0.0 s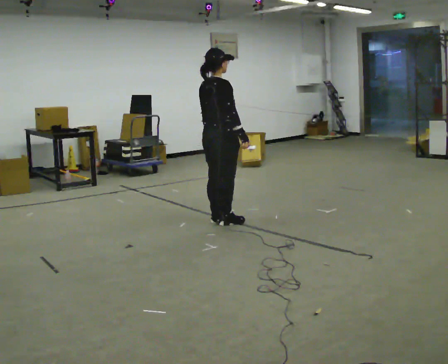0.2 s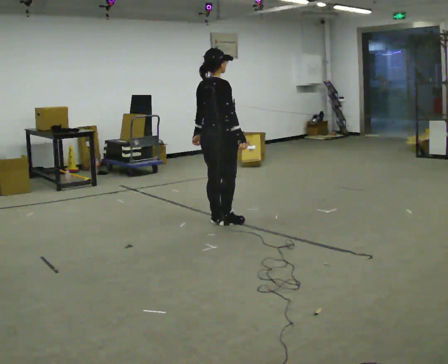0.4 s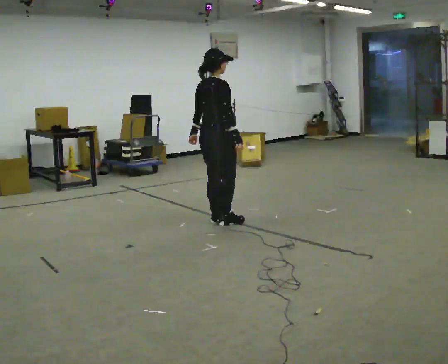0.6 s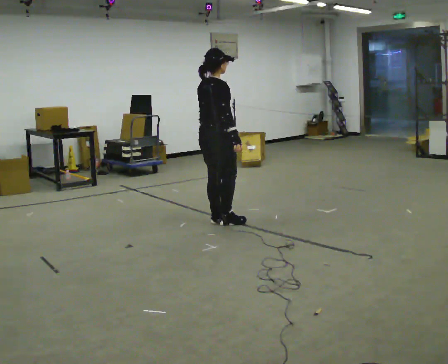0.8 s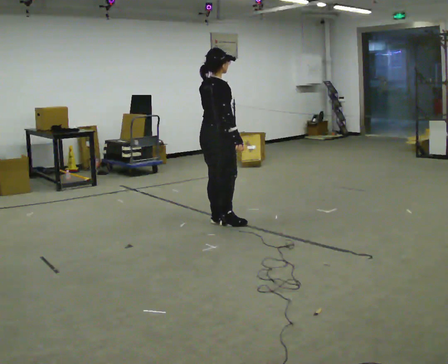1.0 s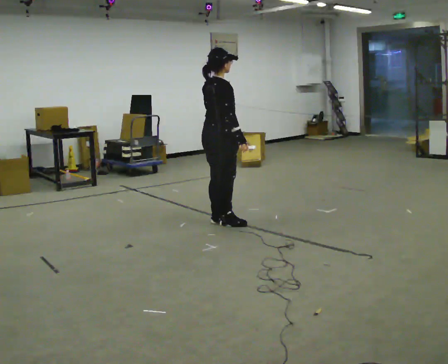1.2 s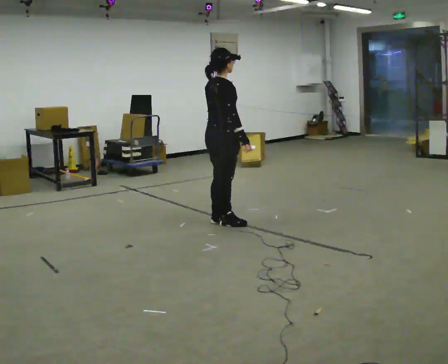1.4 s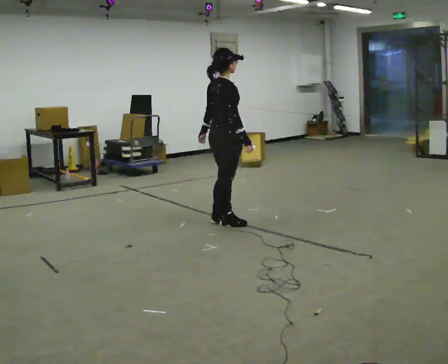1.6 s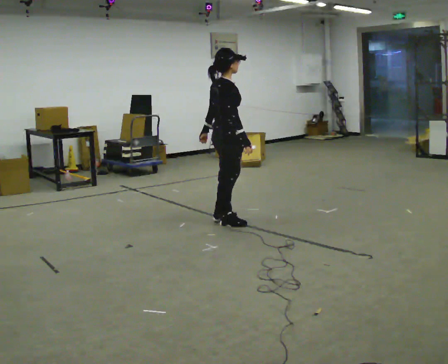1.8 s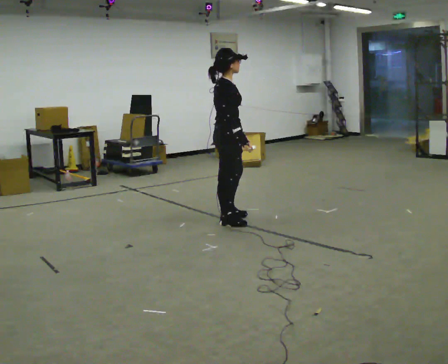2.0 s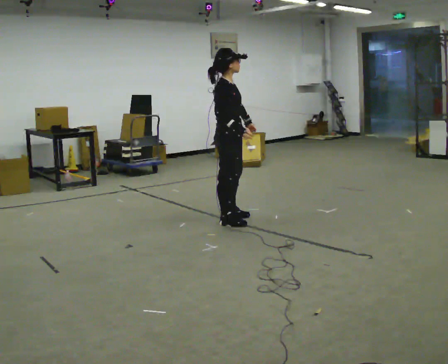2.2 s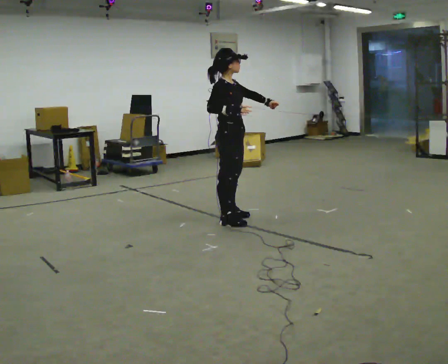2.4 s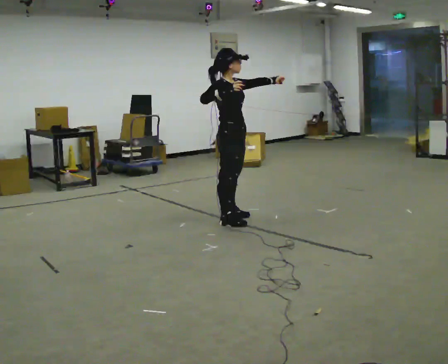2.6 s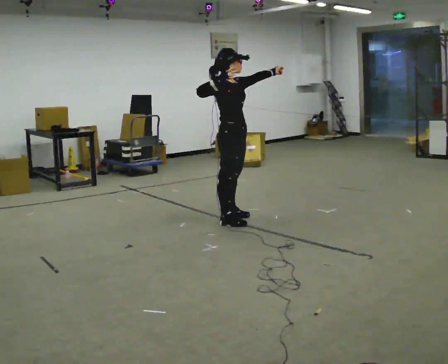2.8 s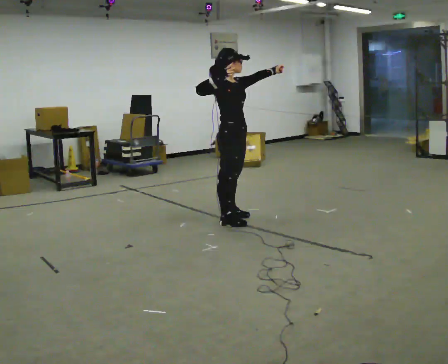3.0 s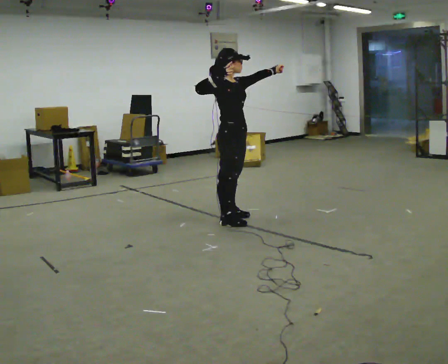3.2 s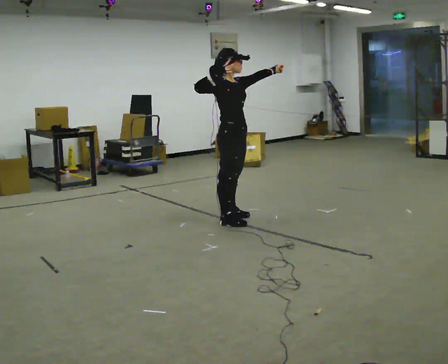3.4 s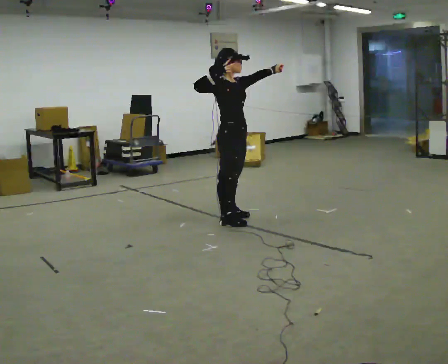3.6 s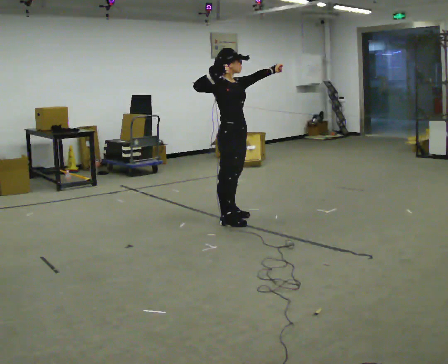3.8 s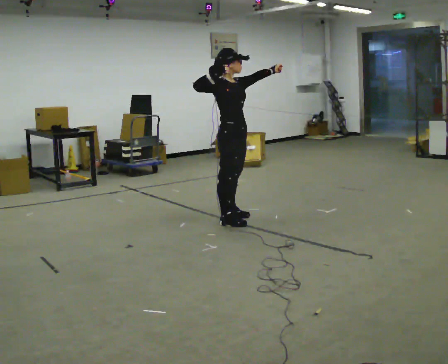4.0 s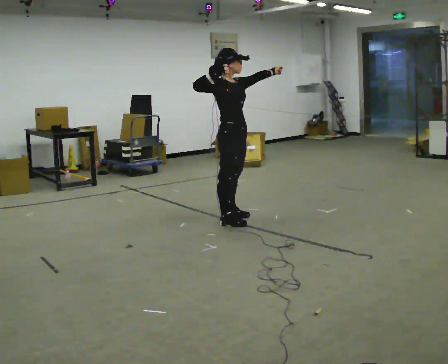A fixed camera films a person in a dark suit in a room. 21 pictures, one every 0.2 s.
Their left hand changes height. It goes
upward.
Their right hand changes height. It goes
upward.
0.0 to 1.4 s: The person moves a little, or ends about where they began.
1.4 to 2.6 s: The part of the body nearest the lens slides to the left as the person turns to their right by about 45 degrees. In the picture their left hand goes to the right and upward, the arm swinging counterclockwise.
2.6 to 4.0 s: The person moves a little, or ends about where they began.
The film runs backward here.
